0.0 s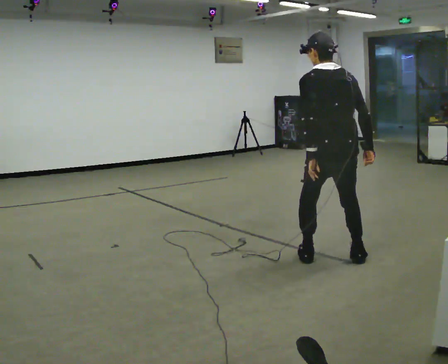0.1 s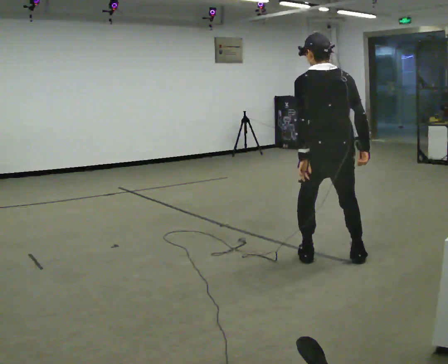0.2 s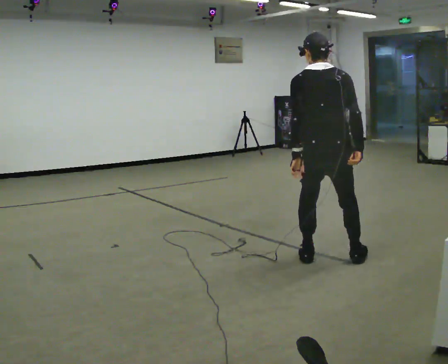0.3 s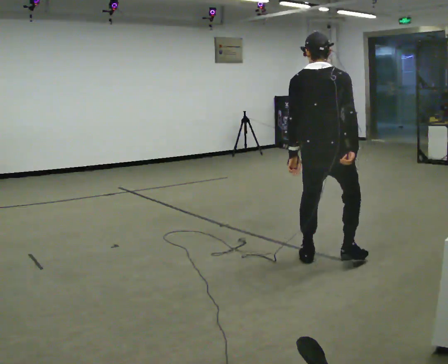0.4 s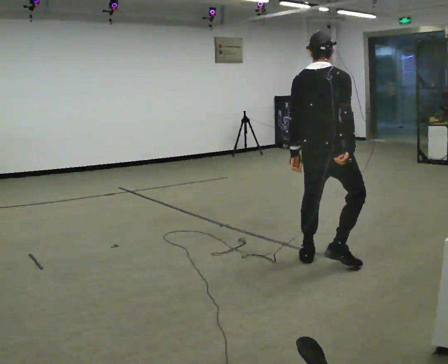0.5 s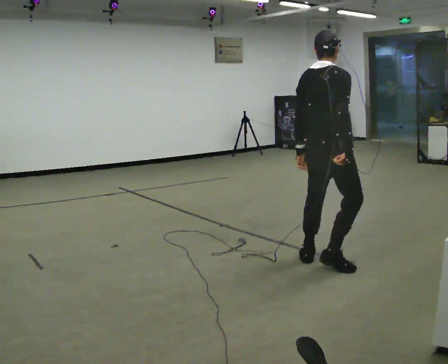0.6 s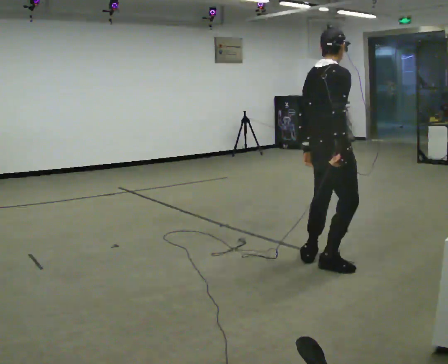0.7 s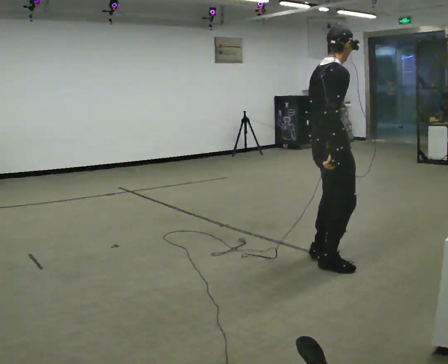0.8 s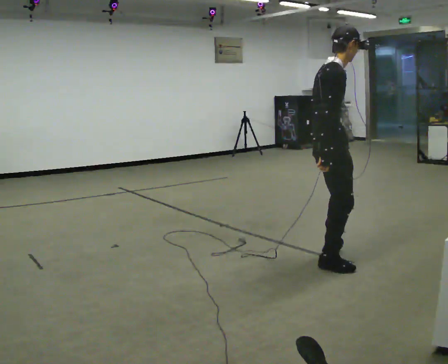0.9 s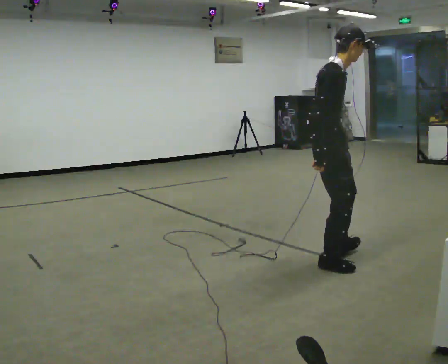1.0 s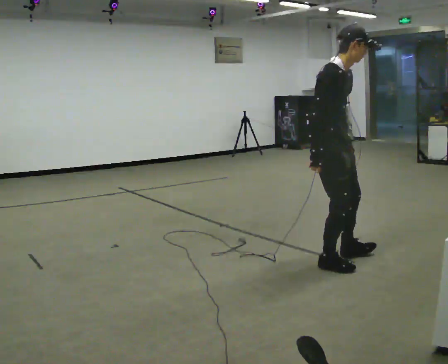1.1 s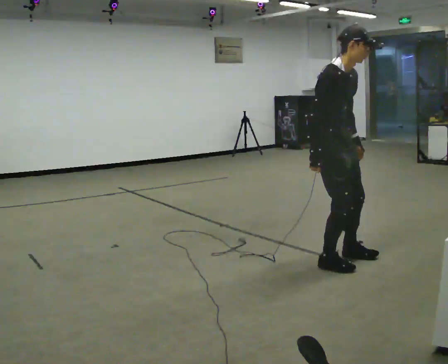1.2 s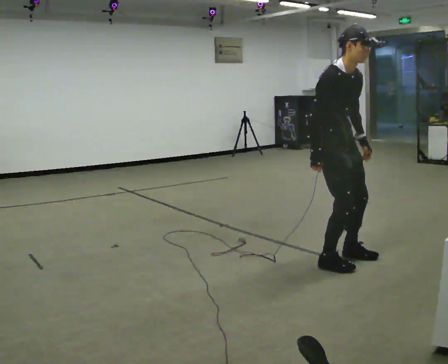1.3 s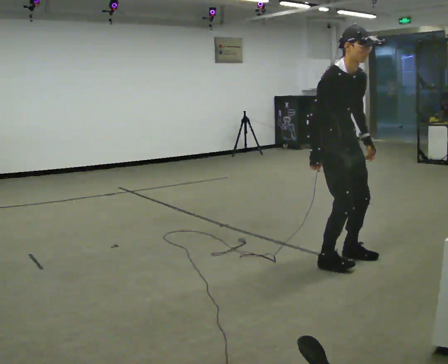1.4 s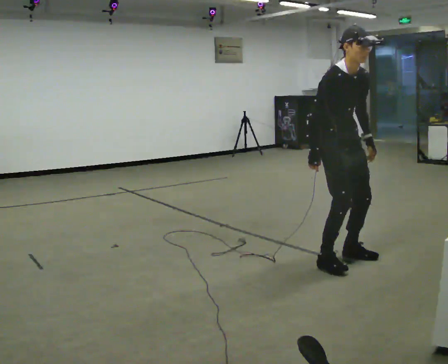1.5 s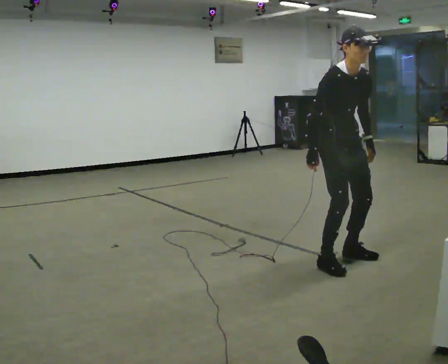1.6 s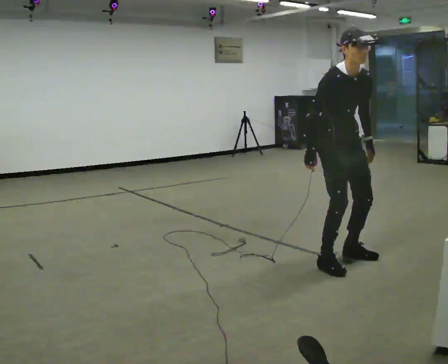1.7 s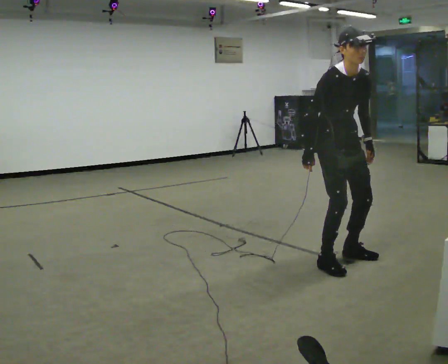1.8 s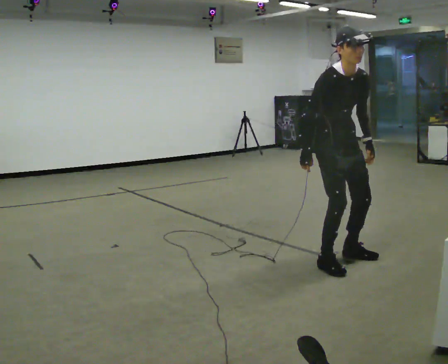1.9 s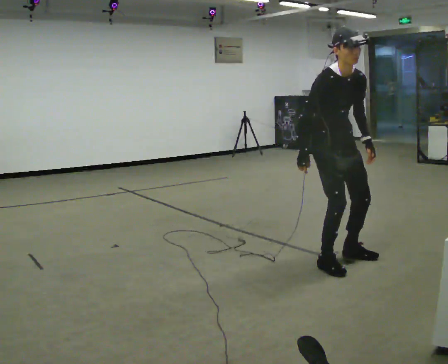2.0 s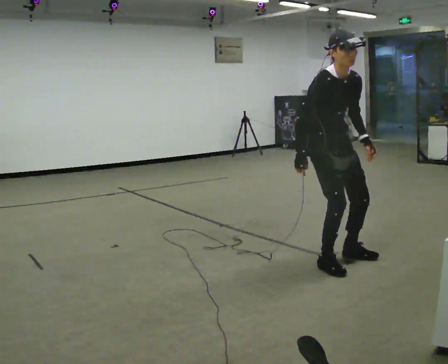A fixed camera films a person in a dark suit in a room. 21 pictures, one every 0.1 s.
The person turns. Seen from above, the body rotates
clockwise.
The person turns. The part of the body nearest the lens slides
to the left.
0.0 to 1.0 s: Seen from above the body turns clockwise, about 120 degrees: to their right, with its near side sliding to the left. In the picture the upper body tilts clockwise, shoulders to the right. In the picture their right hand goes to the left.
1.0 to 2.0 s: The part of the body nearest the lens slides to the left as the person turns to their right by about 30 degrees.
The film runs backward here.
